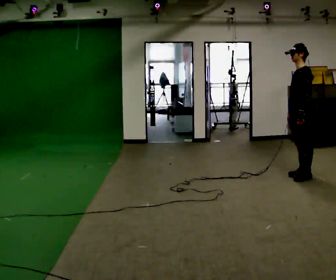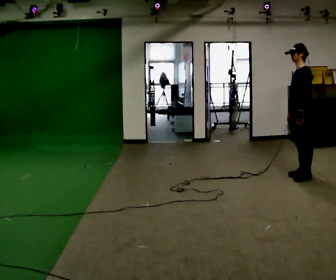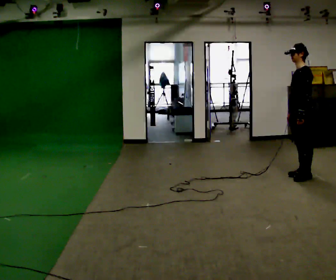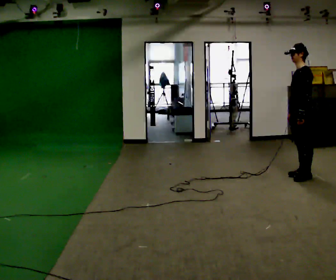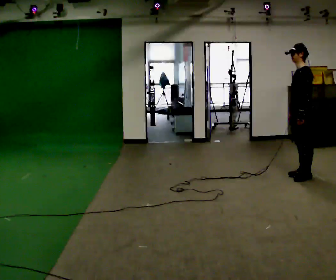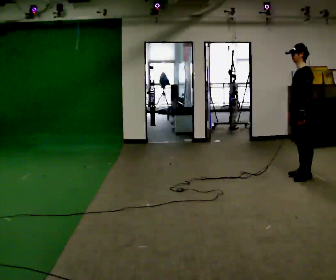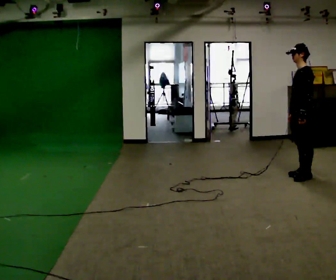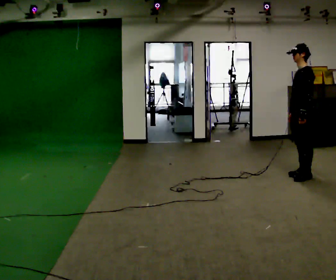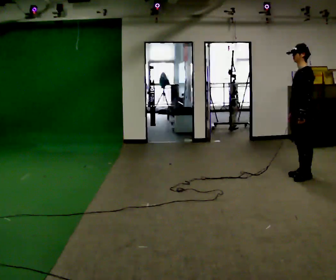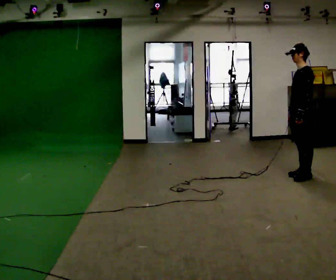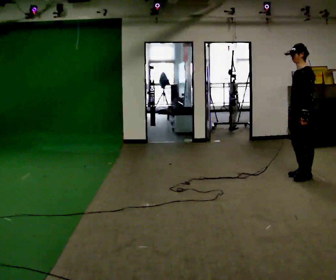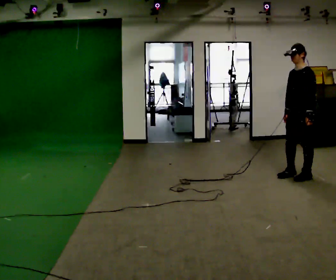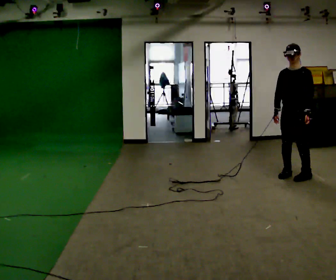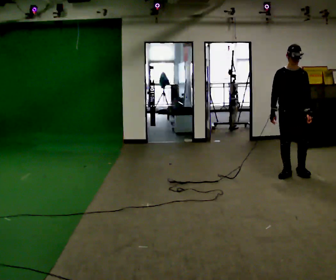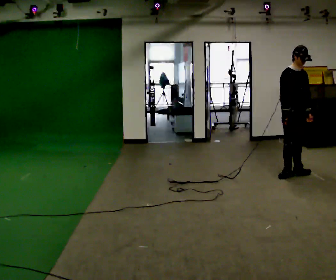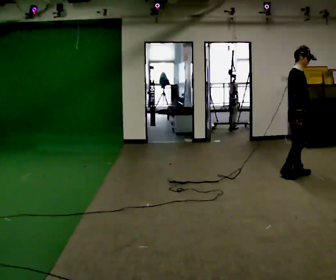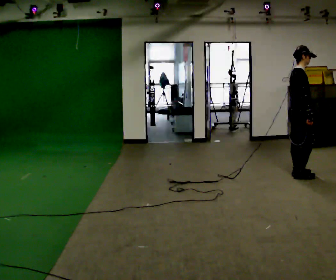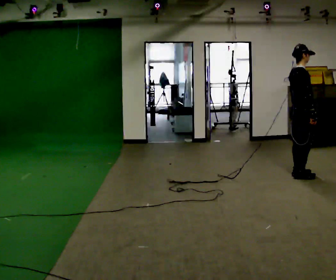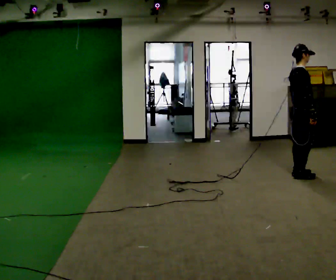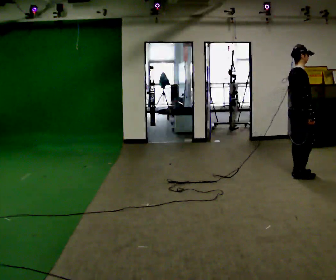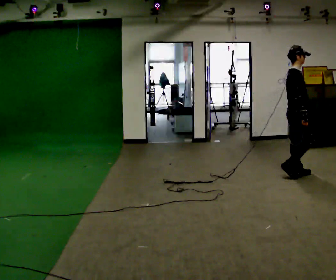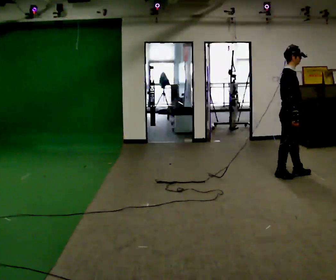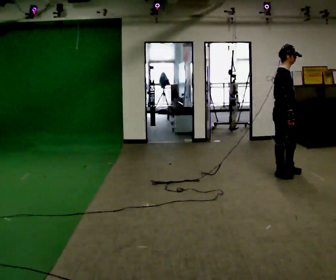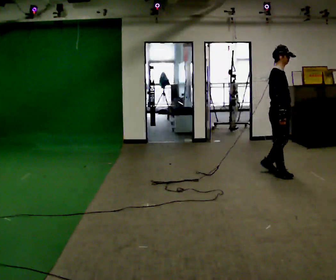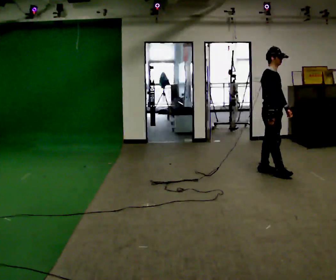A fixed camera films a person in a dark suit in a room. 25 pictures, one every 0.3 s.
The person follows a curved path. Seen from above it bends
counterclockwise.
0.0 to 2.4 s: The person moves a little, or ends about where they began.
2.4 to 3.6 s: The part of the body nearest the lens slides to the right as the person turns to their left by about 45 degrees.
3.6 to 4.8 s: Seen from above the body turns counterclockwise, about 135 degrees: to their left, with its near side sliding to the right.
4.8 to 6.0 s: The person moves a little, or ends about where they began.
6.0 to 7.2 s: In the picture they go to the left, about 0.25 m in 1 step, which for them is backward.
The film runs backward here.
